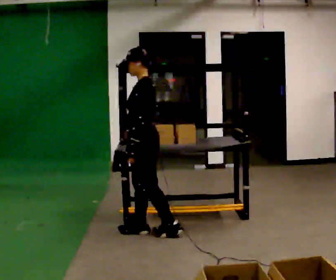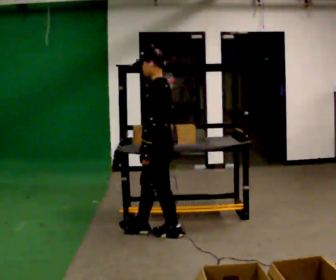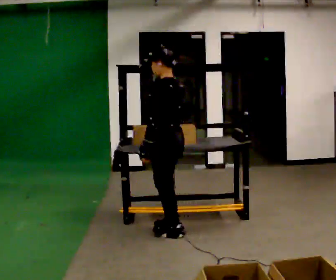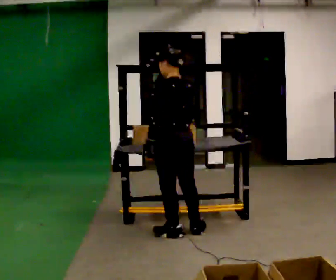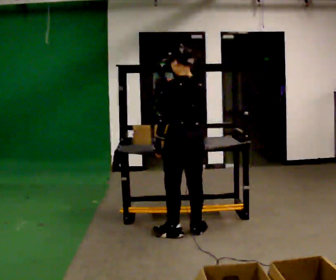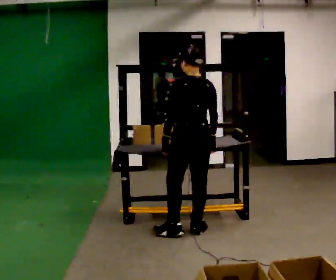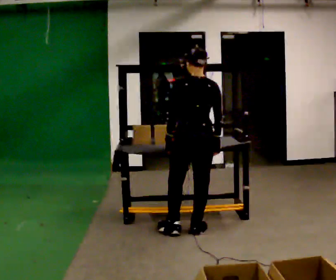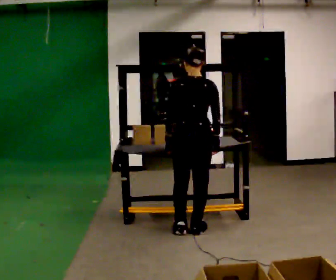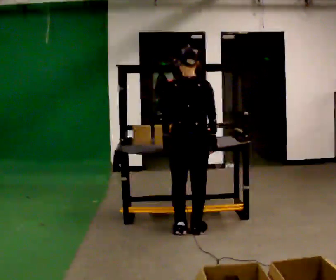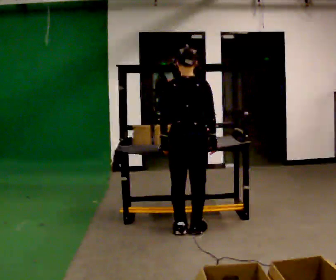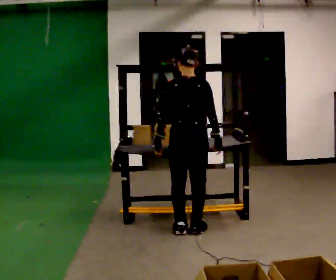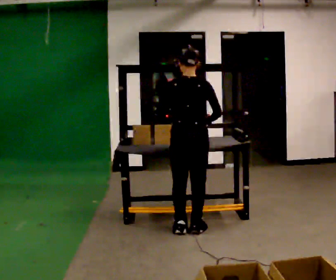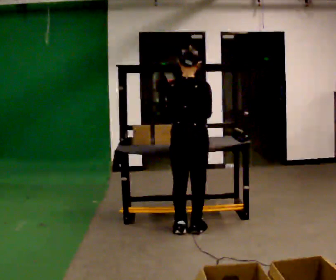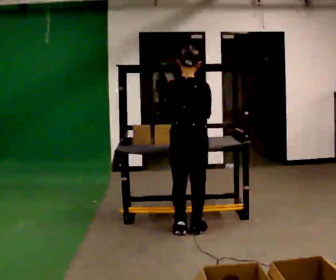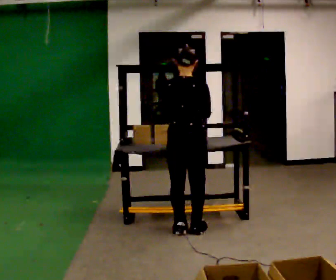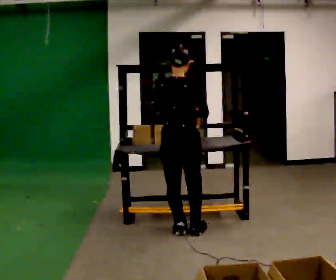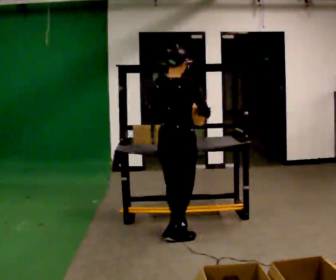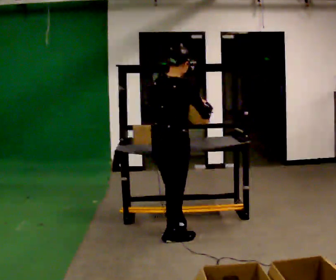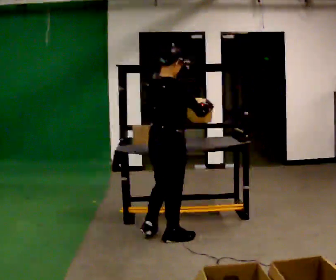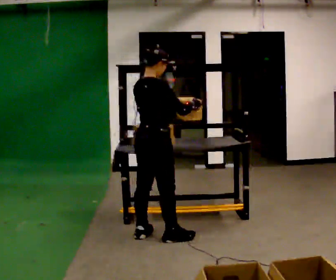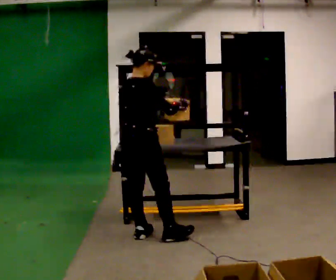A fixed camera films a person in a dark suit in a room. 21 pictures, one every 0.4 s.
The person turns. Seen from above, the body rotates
clockwise.
The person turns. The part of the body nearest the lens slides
to the left.
0.0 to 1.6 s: Seen from above the body turns clockwise, about 60 degrees: to their right, with its near side sliding to the left. In the picture they go to the right, about 0.25 m in 1 step, which for them is backward.
1.6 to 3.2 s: The person turns about 30 degrees to their right, clockwise seen from above, so the part of the body nearest the lens slides to the left.
3.2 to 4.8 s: The person moves a little, or ends about where they began.
4.8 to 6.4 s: In the picture they go toward the camera, about 0.25 m in 1 step, which for them is backward.
6.4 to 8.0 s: Seen from above the body turns clockwise, about 30 degrees: to their right, with its near side sliding to the left. In the picture they go to the left, about 0.25 m in 1 step, which for them is backward and to their left.
The film runs backward here.
